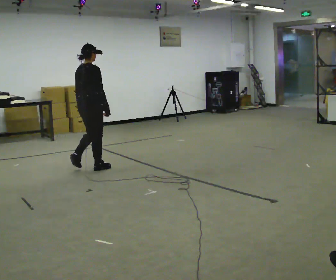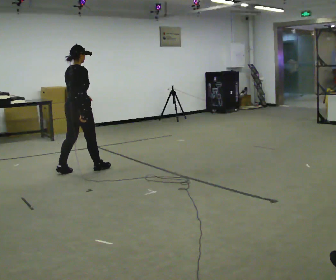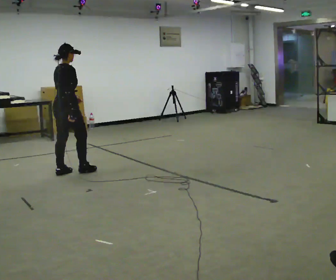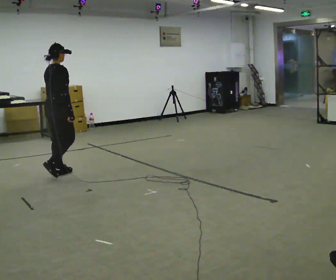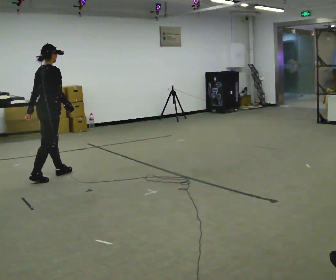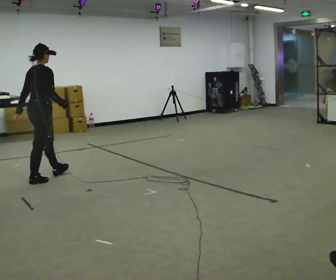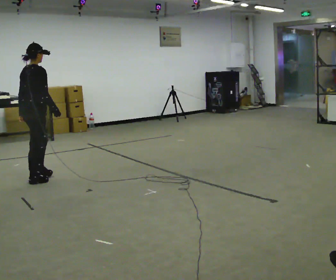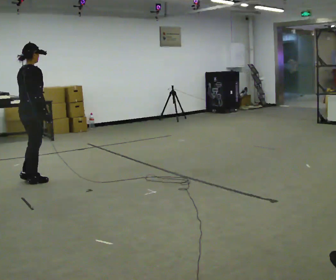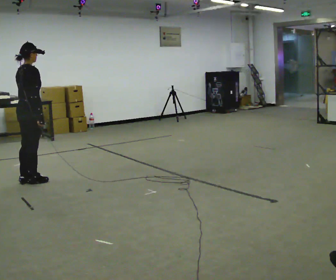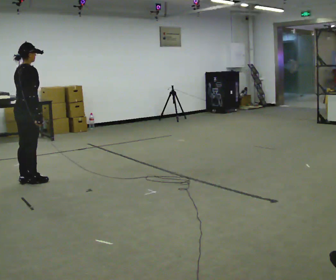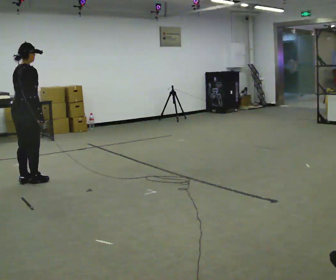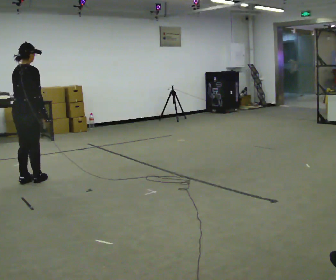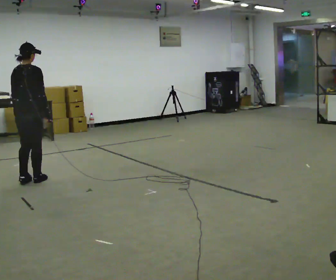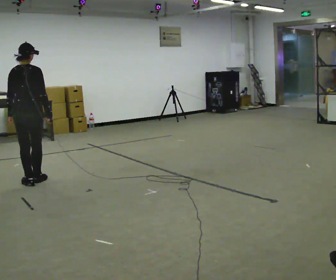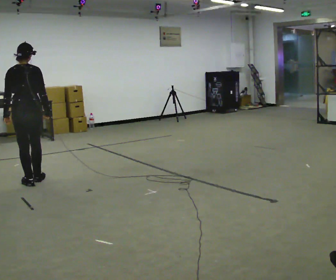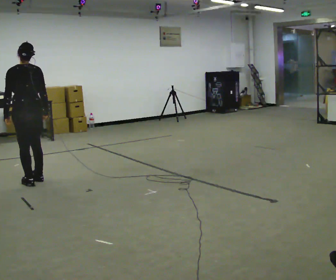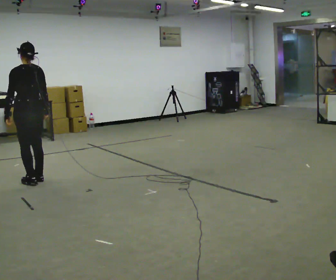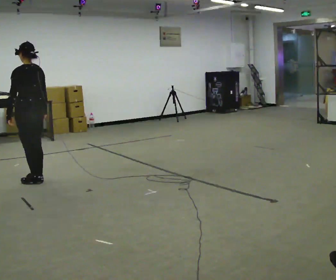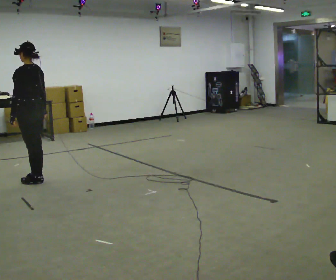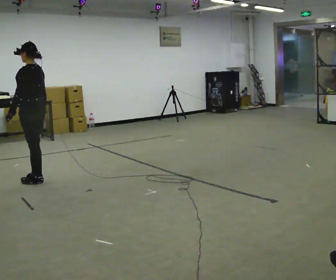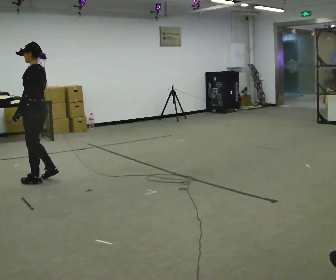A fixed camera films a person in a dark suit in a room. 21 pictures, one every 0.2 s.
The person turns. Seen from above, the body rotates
counterclockwise.
The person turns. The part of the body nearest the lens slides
to the right.
0.0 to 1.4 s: In the picture they go to the left and toward the camera, about 1 m in 2 steps, which for them is backward.
1.4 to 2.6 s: Seen from above the body turns counterclockwise, about 45 degrees: to their left, with its near side sliding to the right.
2.6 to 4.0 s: The part of the body nearest the lens slides to the right as the person turns to their left by about 90 degrees.
The film runs backward here.
